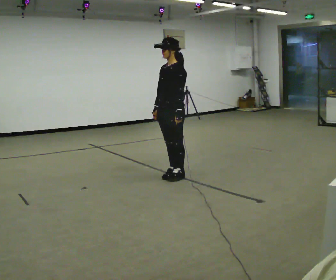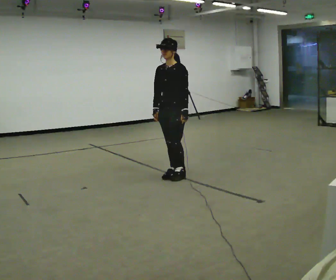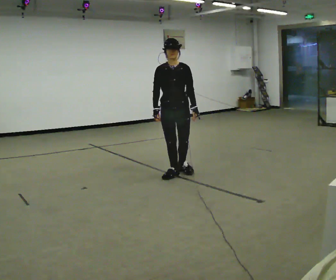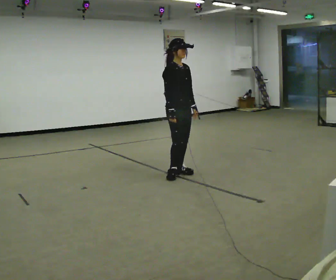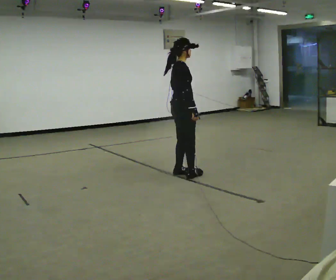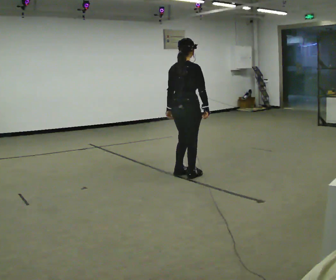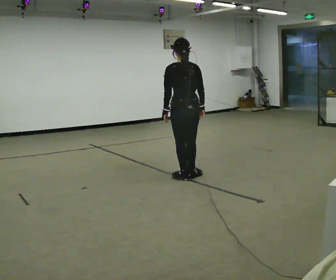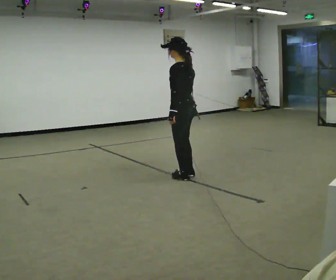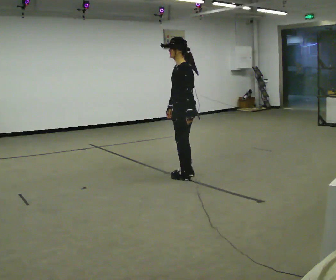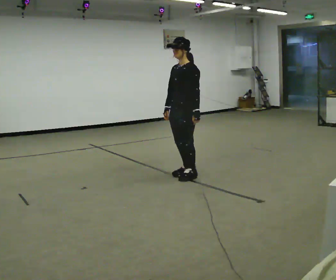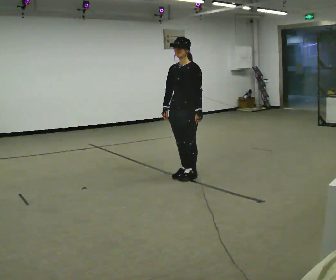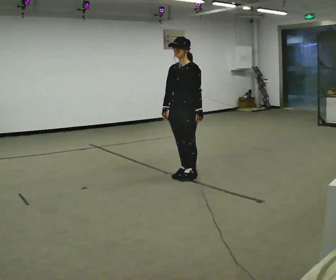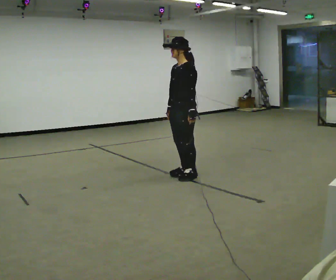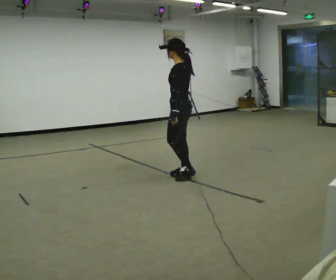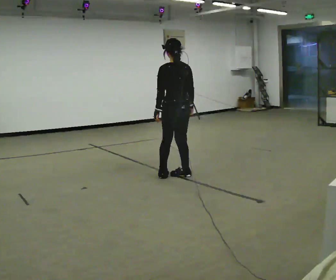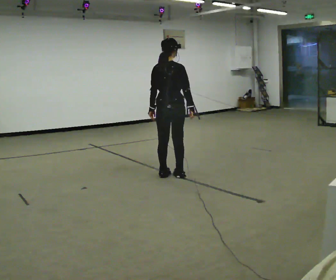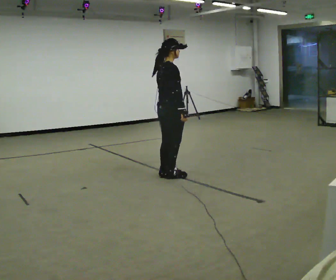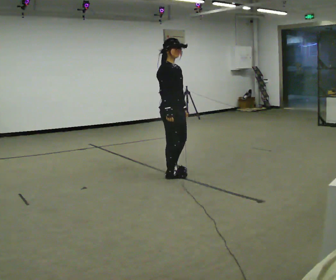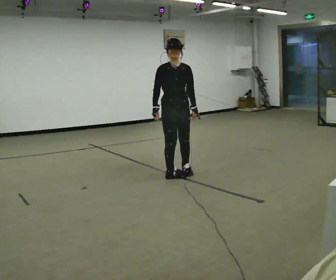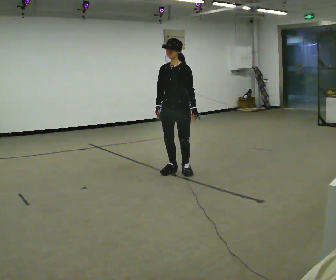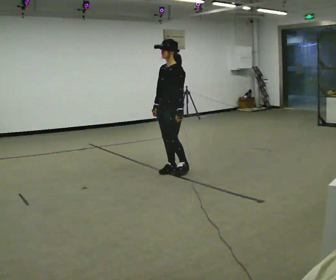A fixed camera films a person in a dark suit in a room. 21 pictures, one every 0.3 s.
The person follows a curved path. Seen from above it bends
counterclockwise.
0.0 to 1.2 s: The part of the body nearest the lens slides to the right as the person turns to their left by about 165 degrees. In the picture their right hand goes to the right.
1.2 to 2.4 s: Seen from above the body turns counterclockwise, about 180 degrees: to their left, with its near side sliding to the right.
2.4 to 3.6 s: The person moves a little, or ends about where they began.
3.6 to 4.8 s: The part of the body nearest the lens slides to the left as the person turns to their right by about 180 degrees. In the picture they go to the left, about 0.25 m in 2 steps.
4.8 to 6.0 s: Seen from above the body turns clockwise, about 165 degrees: to their right, with its near side sliding to the left. In the picture they go away from the camera, about 0.25 m in 2 steps. In the picture their right hand goes to the left, the arm swinging clockwise.
The film runs forward here.
